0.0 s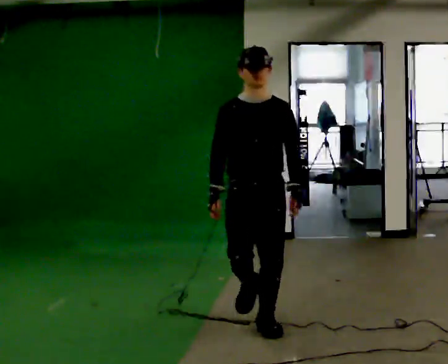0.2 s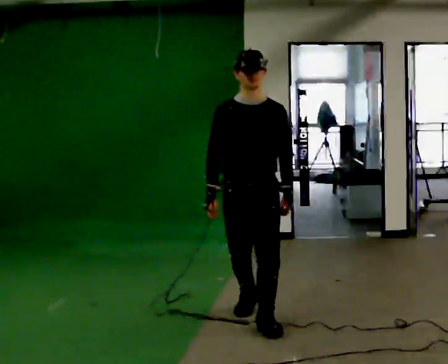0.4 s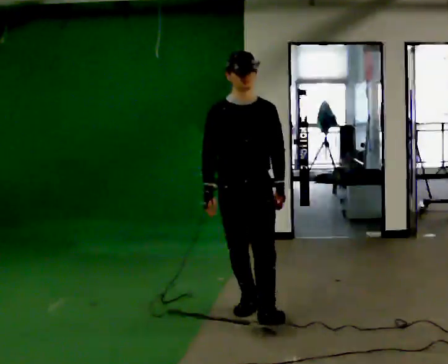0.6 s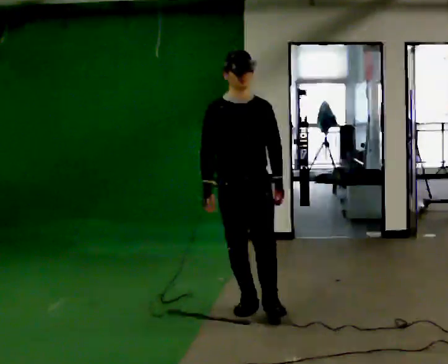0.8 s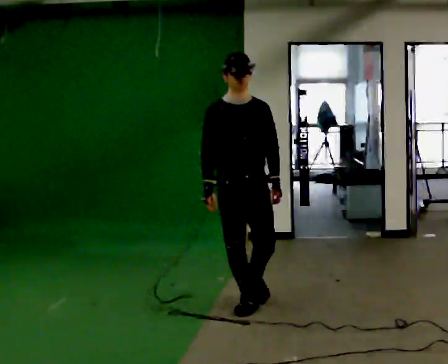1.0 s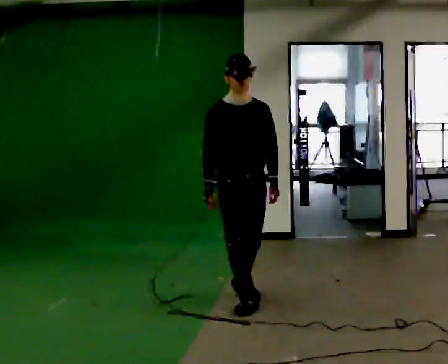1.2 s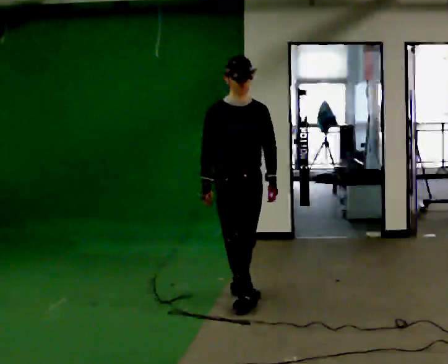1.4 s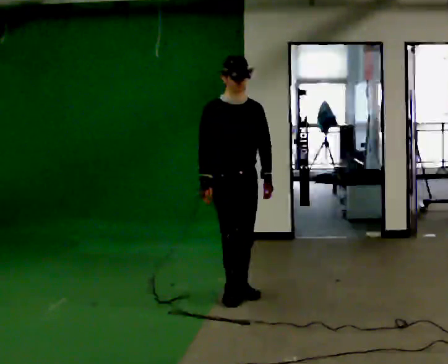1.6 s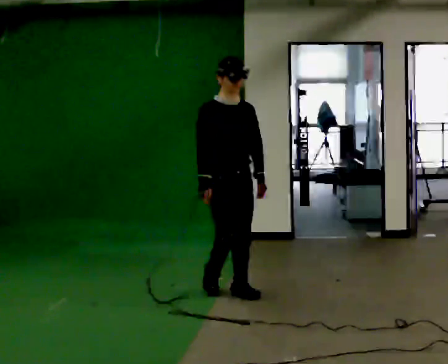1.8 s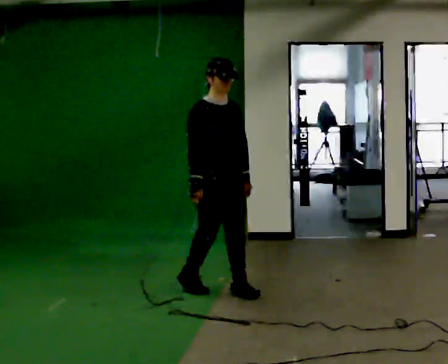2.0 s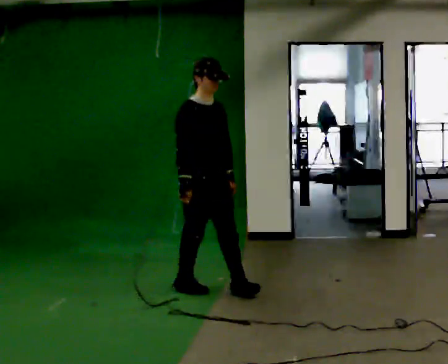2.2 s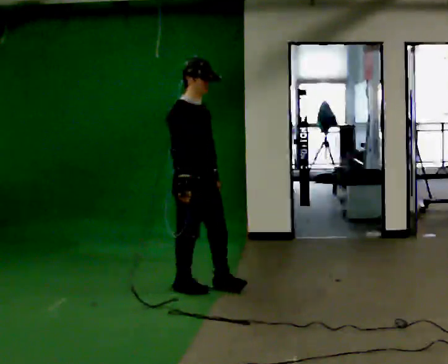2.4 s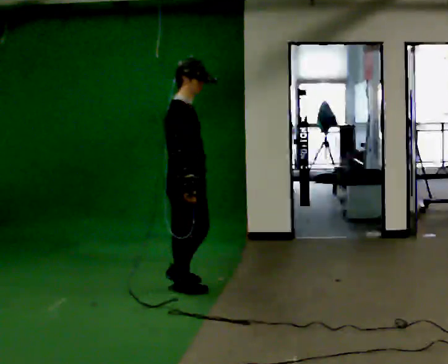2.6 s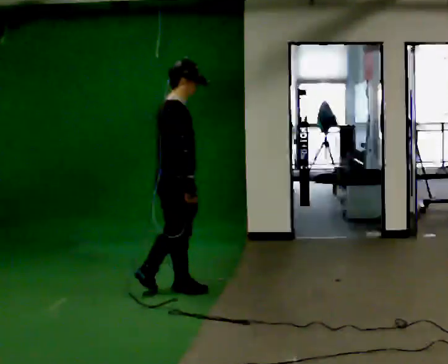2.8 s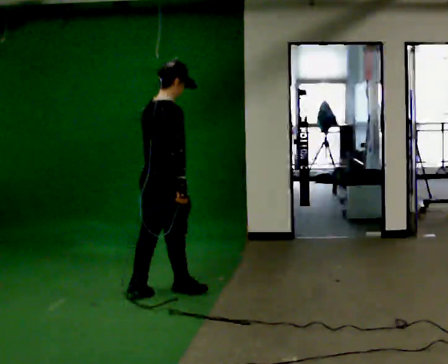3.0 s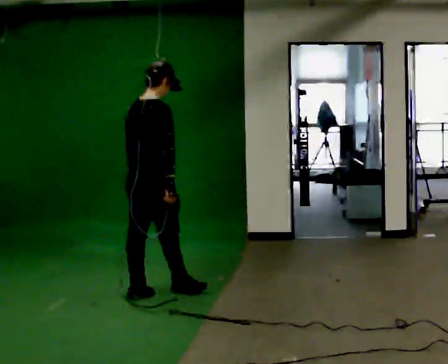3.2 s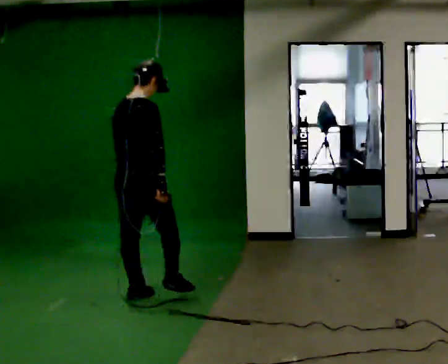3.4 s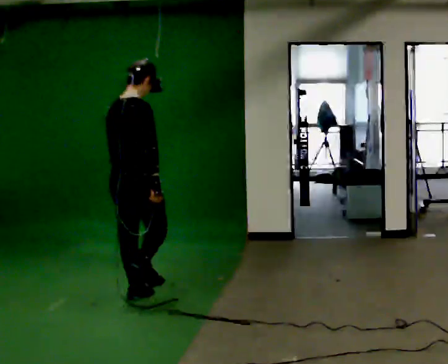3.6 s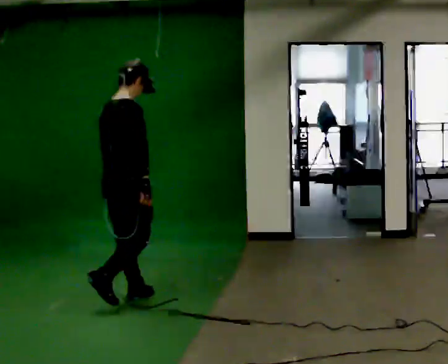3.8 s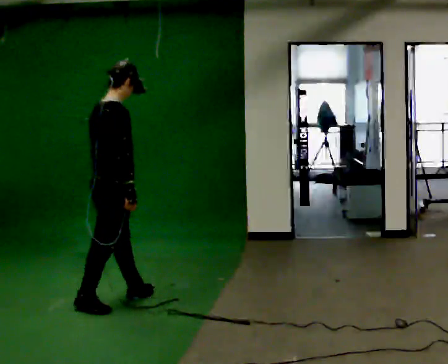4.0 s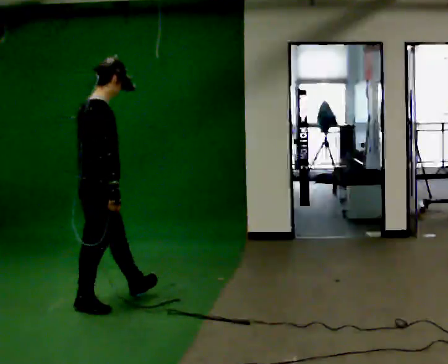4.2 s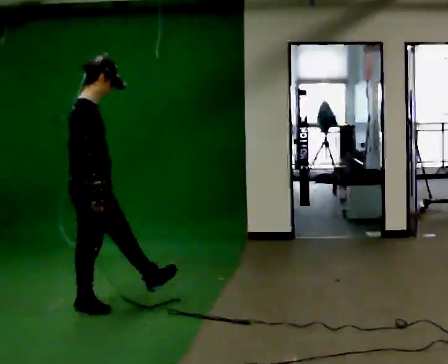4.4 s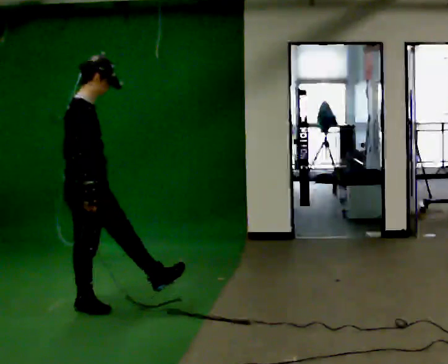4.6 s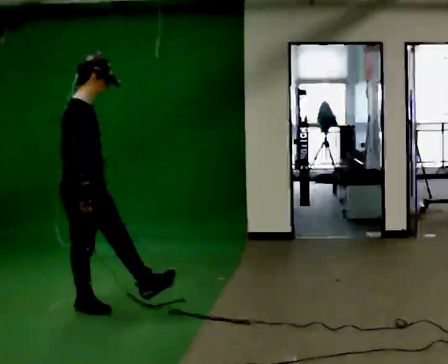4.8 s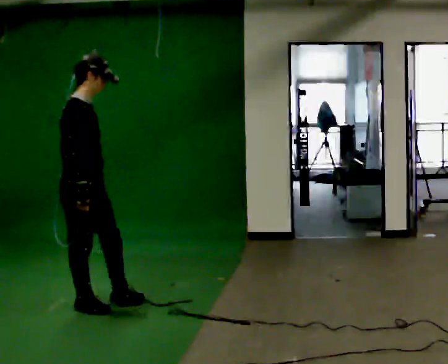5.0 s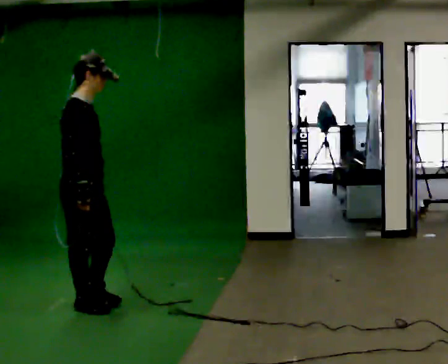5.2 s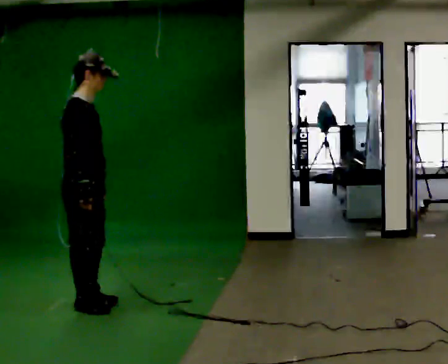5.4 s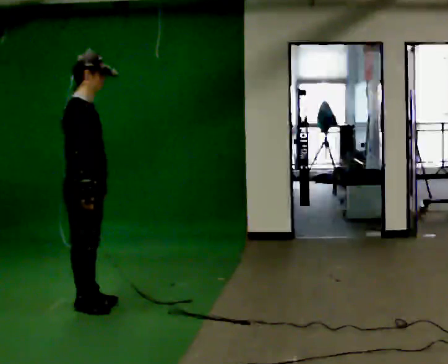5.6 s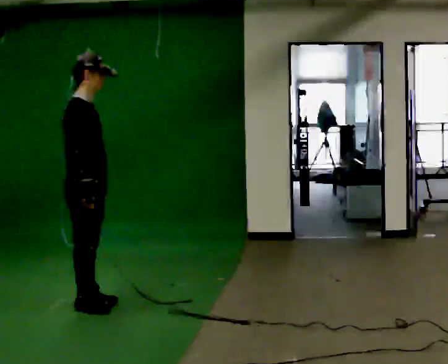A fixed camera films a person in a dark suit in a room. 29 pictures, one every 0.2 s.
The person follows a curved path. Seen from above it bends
counterclockwise.
The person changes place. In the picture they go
to the left.
0.0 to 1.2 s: In the picture they go away from the camera, about 0.5 m in 1 step, which for them is backward.
1.2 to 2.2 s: The part of the body nearest the lens slides to the right as the person turns to their left by about 45 degrees. In the picture they go to the left and away from the camera, about 0.25 m in 2 steps, which for them is backward.
2.2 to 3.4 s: The part of the body nearest the lens slides to the right as the person turns to their left by about 75 degrees. In the picture they go to the left, about 0.5 m in 1 step.
3.4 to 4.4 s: Seen from above the body turns clockwise, about 45 degrees: to their right, with its near side sliding to the left. In the picture they go toward the camera and to the left, about 0.5 m in 1 step, which for them is backward.
4.4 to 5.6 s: The person moves a little, or ends about where they began.
The film runs backward here.
